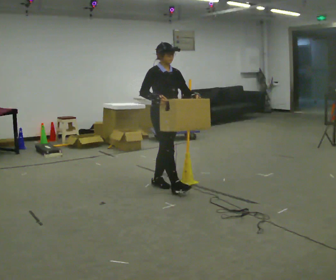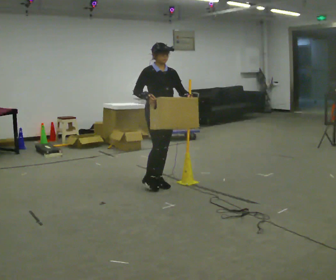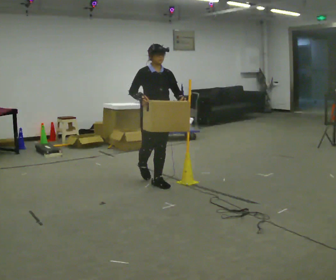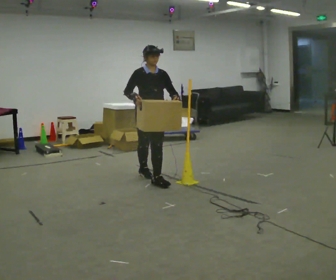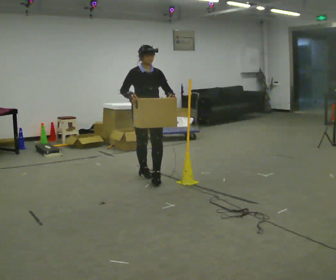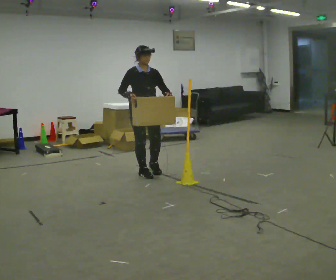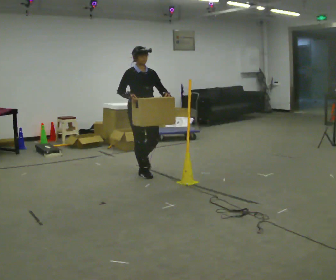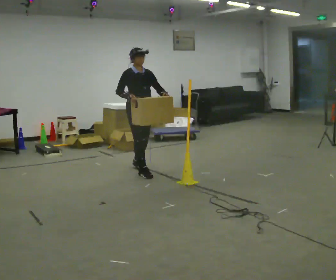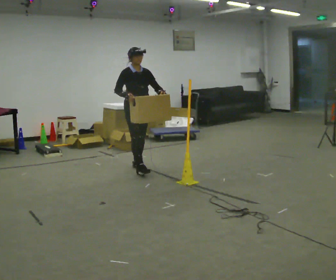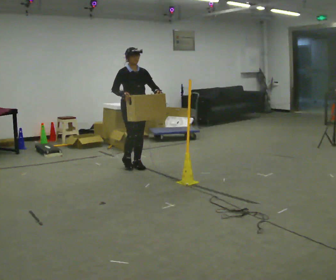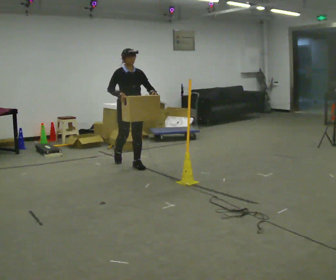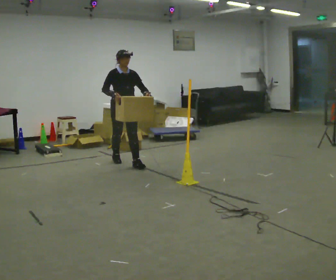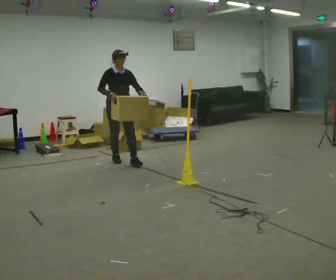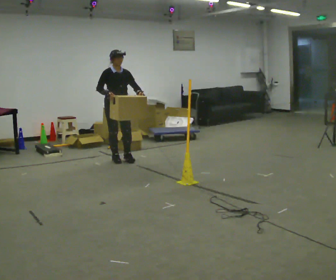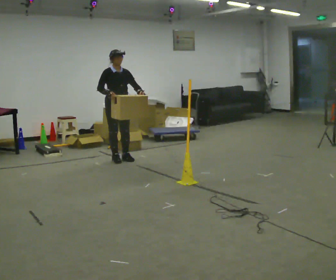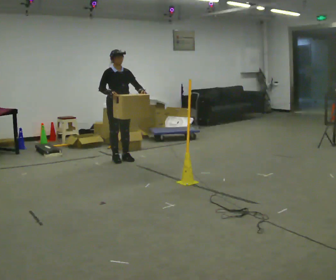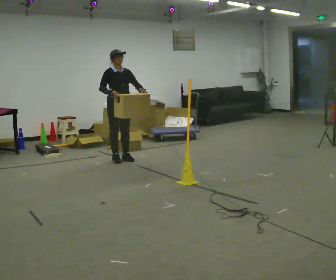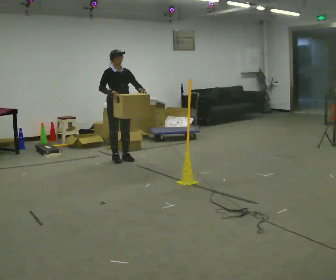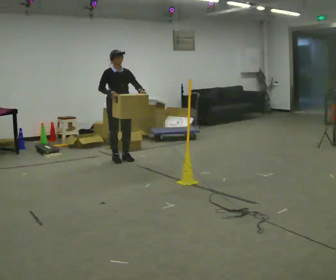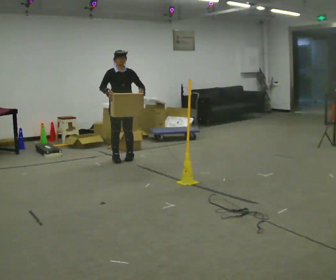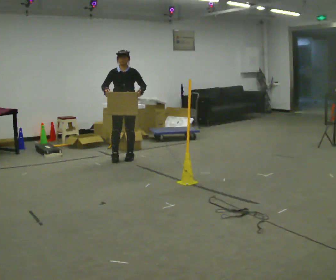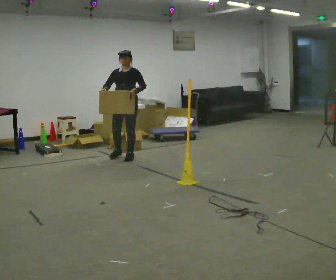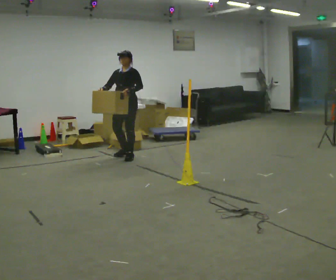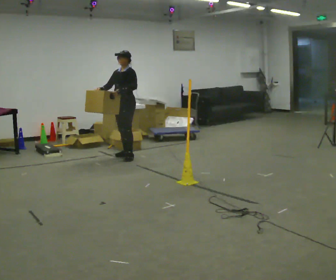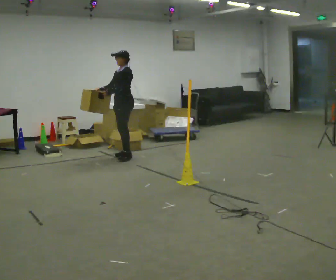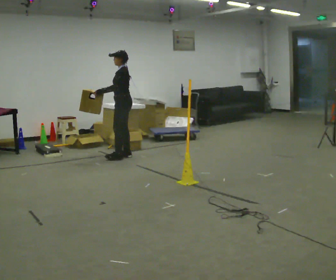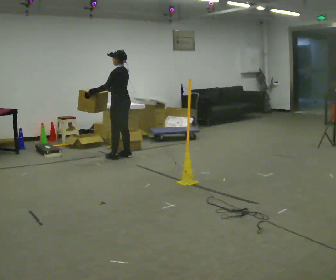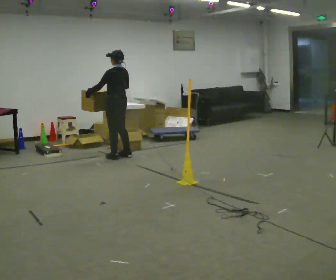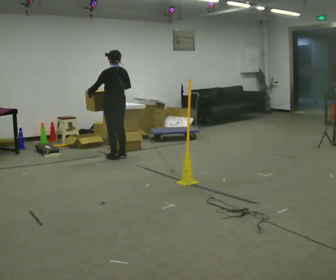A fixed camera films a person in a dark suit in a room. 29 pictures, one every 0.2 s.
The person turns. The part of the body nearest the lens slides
to the left.
The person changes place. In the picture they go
away from the camera.
0.0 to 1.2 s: In the picture they go away from the camera, about 0.5 m in 1 step, which for them is backward.
1.2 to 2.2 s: In the picture they go away from the camera, about 0.5 m in 1 step, which for them is backward.
2.2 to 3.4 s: In the picture they go away from the camera, about 0.25 m in 1 step, which for them is backward.
3.4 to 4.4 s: Seen from above the body turns clockwise, about 60 degrees: to their right, with its near side sliding to the left.
4.4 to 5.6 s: The person turns about 105 degrees to their right, clockwise seen from above, so the part of the body nearest the lens slides to the left. In the picture they go to the left, about 0.25 m in 1 step. In the picture their left hand goes to the left.
The film runs backward here.
